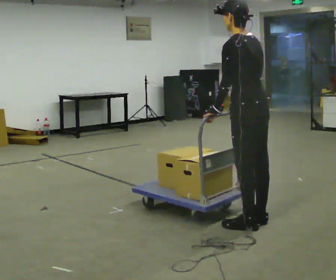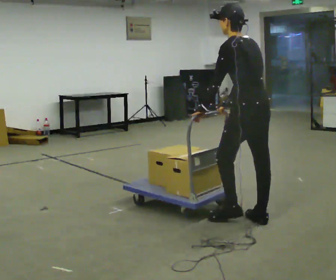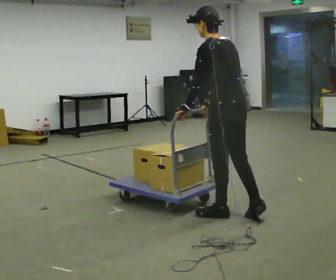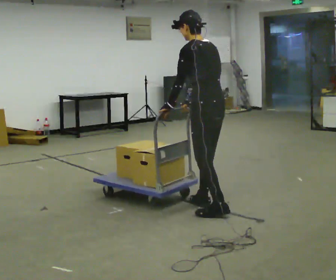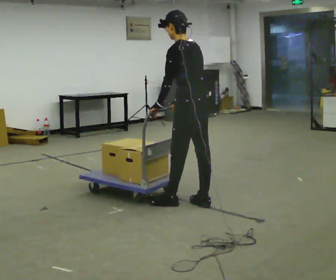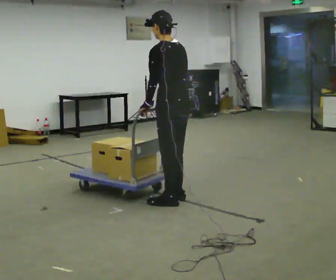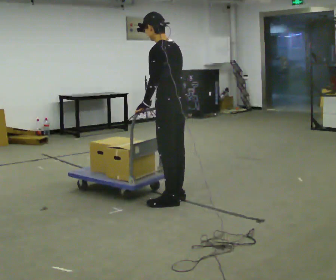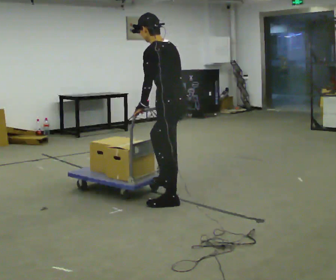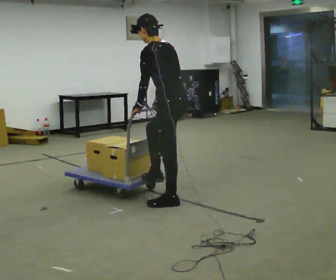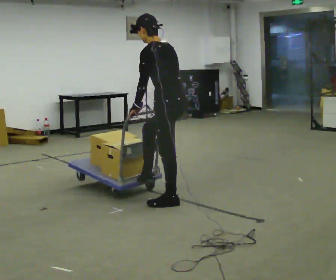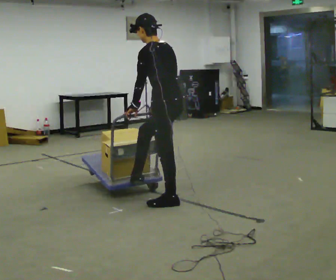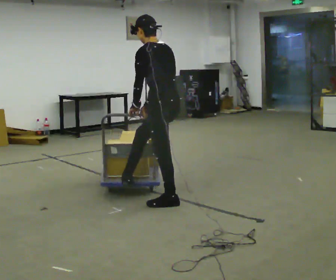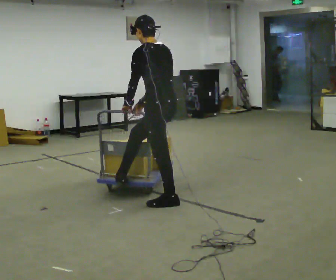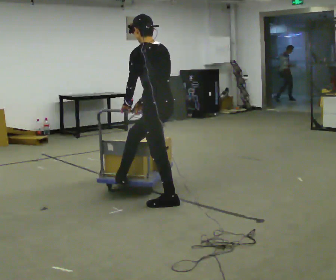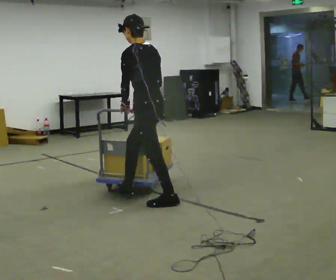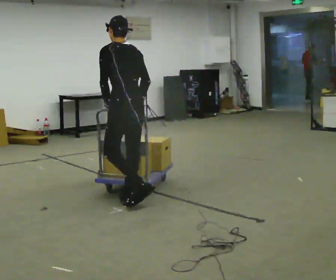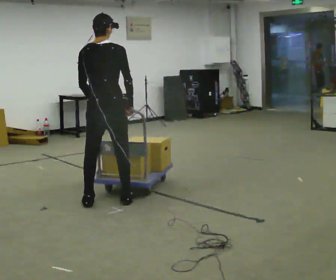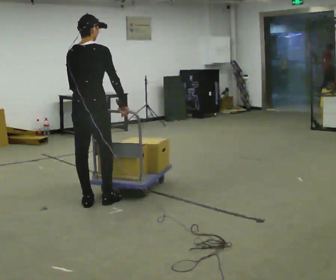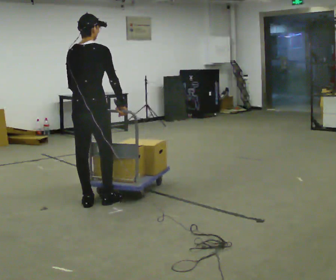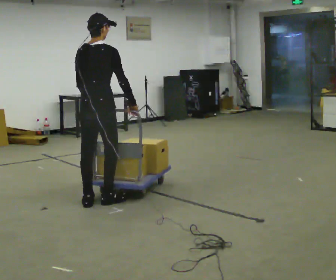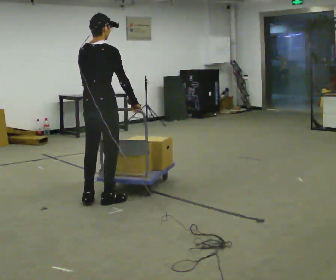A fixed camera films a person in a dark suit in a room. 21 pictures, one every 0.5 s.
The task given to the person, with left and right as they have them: Push the cart along the marked route and round the corner to the side the operator calls.
0.0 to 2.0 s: In the picture they go away from the camera and to the left, about 0.75 m in 2 steps, which for them is forward.
2.0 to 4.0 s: In the picture they go to the left, about 0.25 m in 2 steps, which for them is forward.
4.0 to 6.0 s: The person moves a little, or ends about where they began.
6.0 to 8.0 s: The person turns about 60 degrees to their right, clockwise seen from above, so the part of the body nearest the lens slides to the left. In the picture they go to the left, about 0.5 m in 2 steps.
8.0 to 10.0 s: The person moves a little, or ends about where they began.
The film runs forward here.
